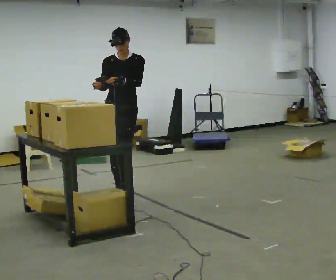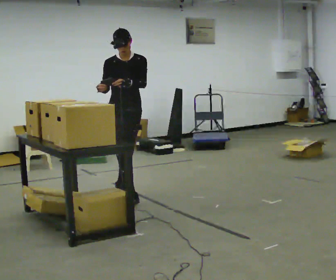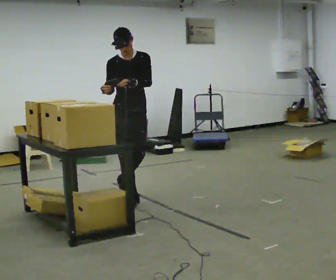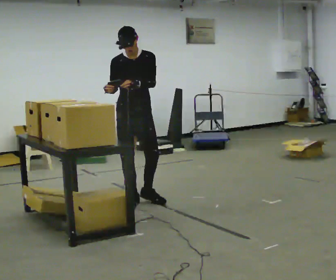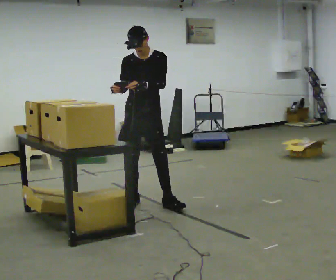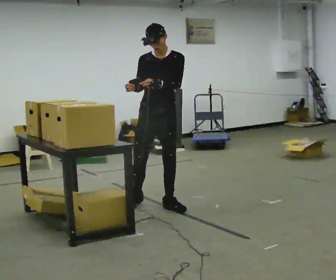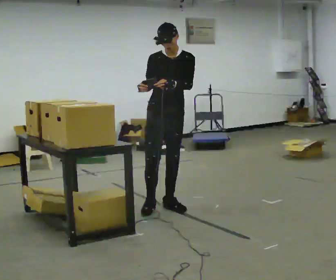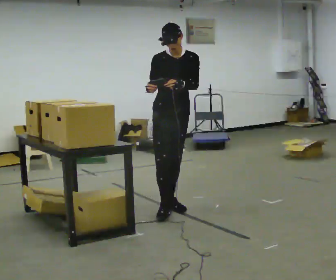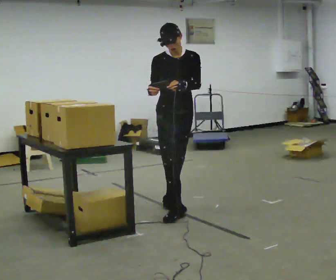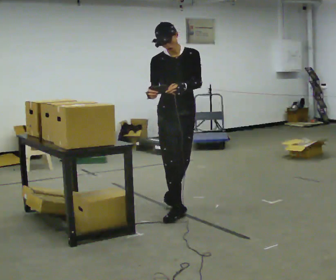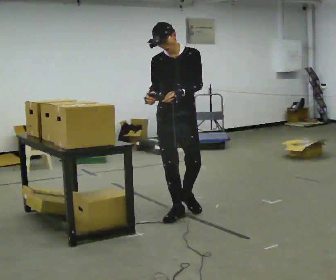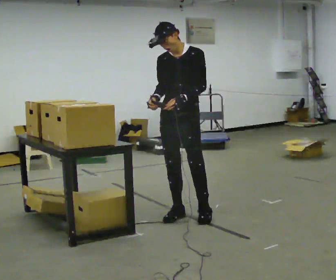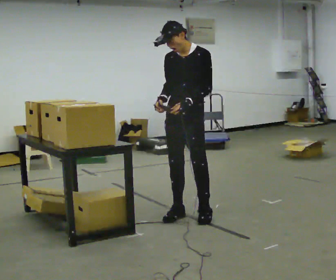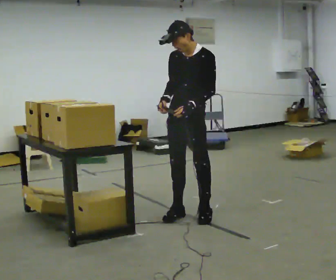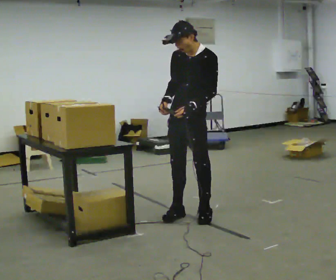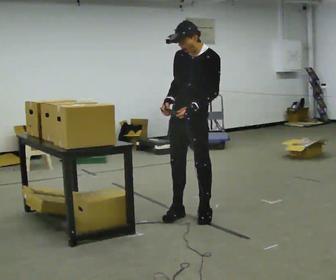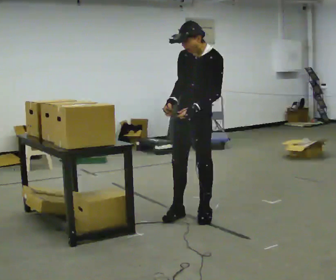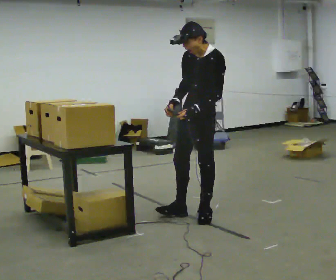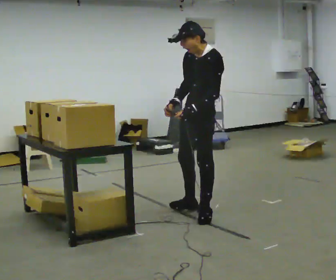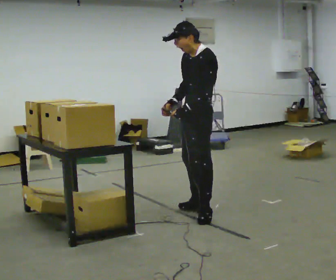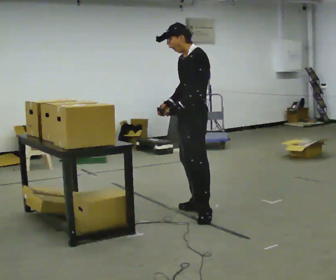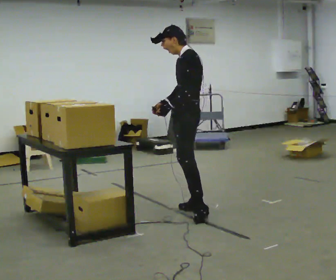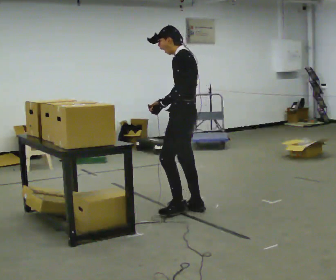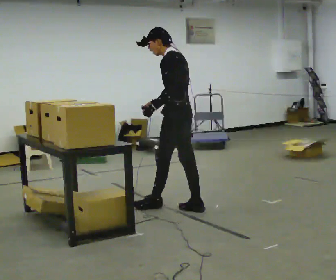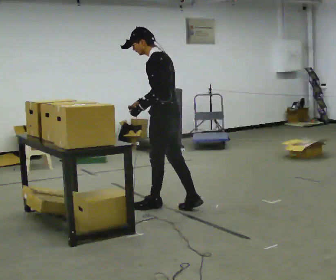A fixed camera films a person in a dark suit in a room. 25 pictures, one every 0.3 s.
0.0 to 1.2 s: In the picture they go toward the camera and to the right, about 0.5 m in 2 steps, which for them is forward.
1.2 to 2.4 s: In the picture they go to the right and toward the camera, about 0.5 m in 1 step, which for them is forward and to their left.
2.4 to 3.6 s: The part of the body nearest the lens slides to the left as the person turns to their right by about 45 degrees. In the picture they go toward the camera, about 0.25 m in 1 step, which for them is forward and to their left.
3.6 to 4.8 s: The person moves a little, or ends about where they began.
4.8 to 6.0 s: The person turns about 30 degrees to their right, clockwise seen from above, so the part of the body nearest the lens slides to the left. In the picture they go away from the camera, about 0.25 m in 1 step, which for them is to their right.
6.0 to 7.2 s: The person turns about 45 degrees to their right, clockwise seen from above, so the part of the body nearest the lens slides to the left. In the picture they go to the left and away from the camera, about 0.25 m in 1 step, which for them is forward.
The film runs forward here.
